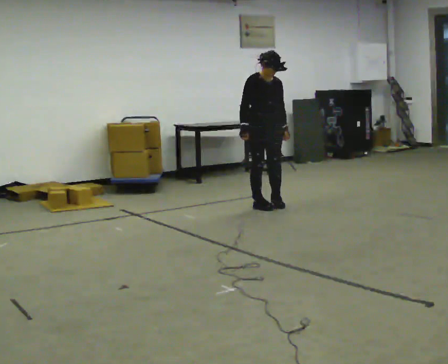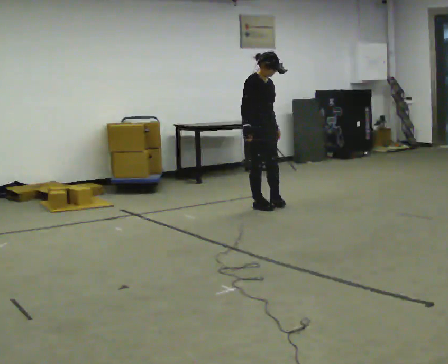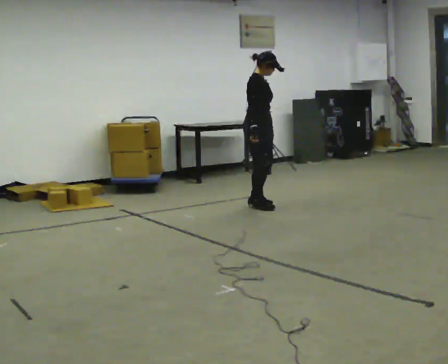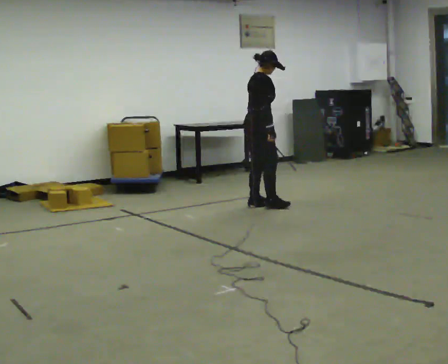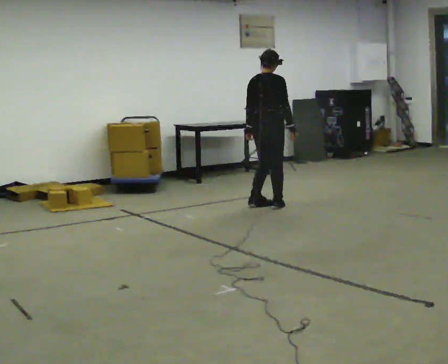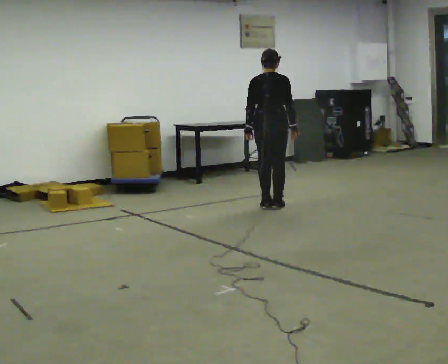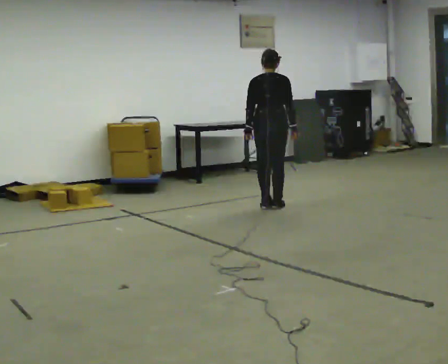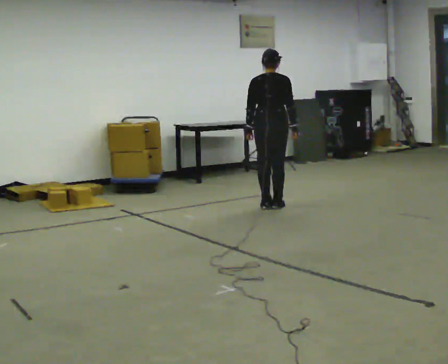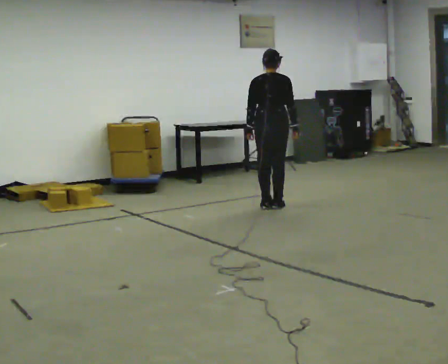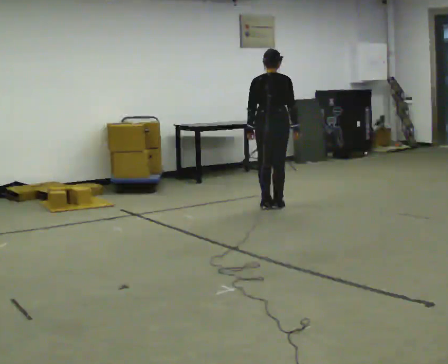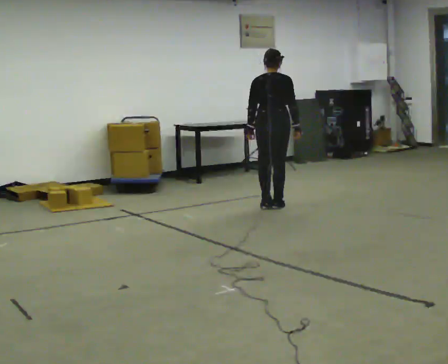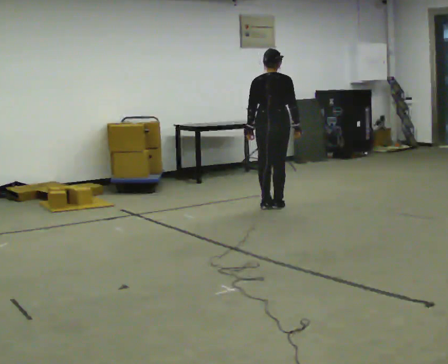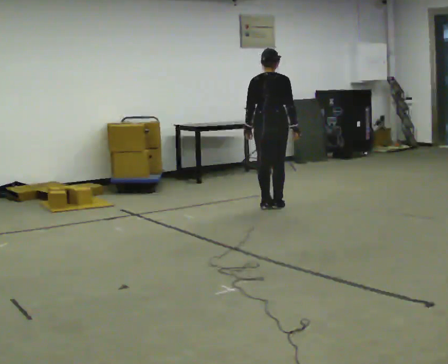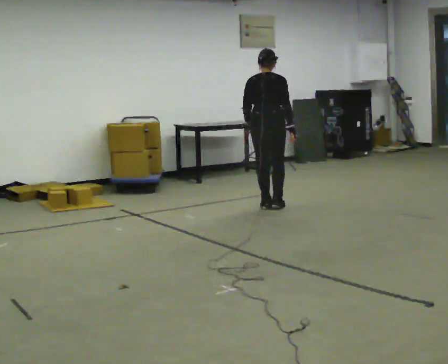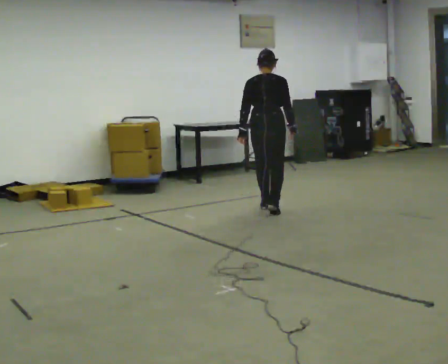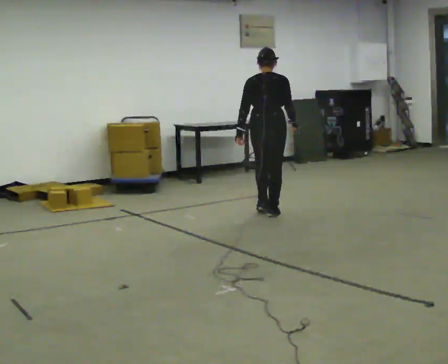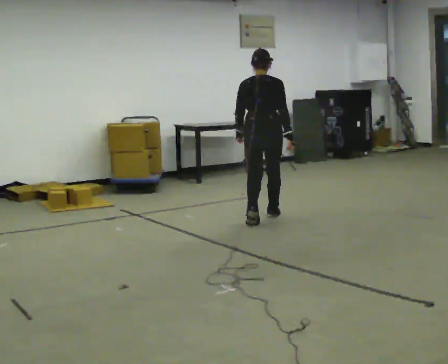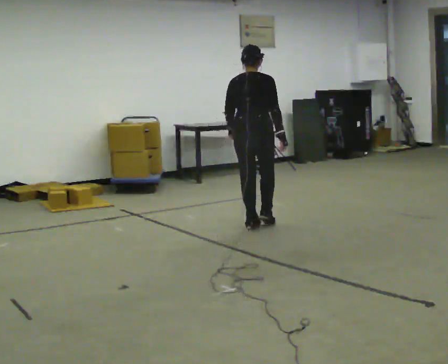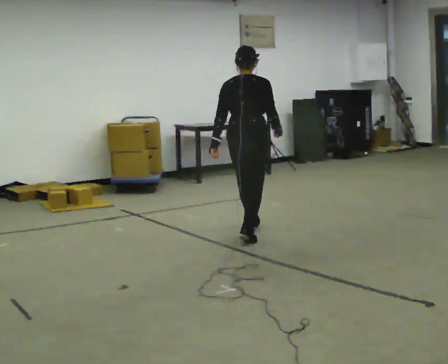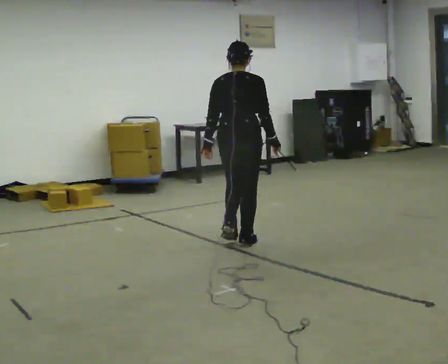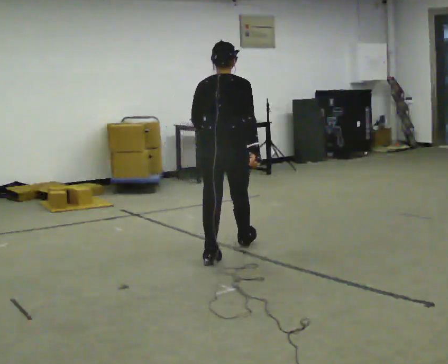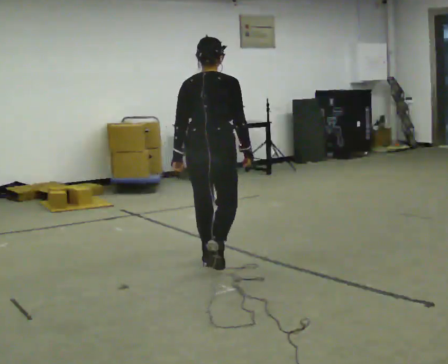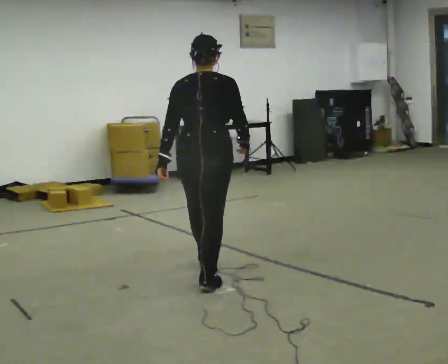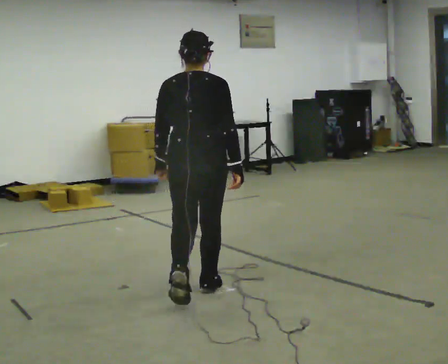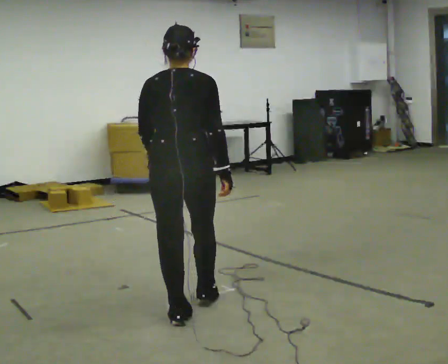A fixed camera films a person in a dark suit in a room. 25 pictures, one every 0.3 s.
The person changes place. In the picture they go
toward the camera.
0.0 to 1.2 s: The person turns about 120 degrees to their left, counterclockwise seen from above, so the part of the body nearest the lens slides to the right. In the picture their right hand goes to the right, the arm swinging counterclockwise.
1.2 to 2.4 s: Seen from above the body turns counterclockwise, about 30 degrees: to their left, with its near side sliding to the right.
2.4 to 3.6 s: The person moves a little, or ends about where they began.
3.6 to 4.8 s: In the picture they go toward the camera, about 0.5 m in 2 steps, which for them is backward.
4.8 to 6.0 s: In the picture they go toward the camera, about 1 m in 3 steps, which for them is backward.
6.0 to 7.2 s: In the picture they go toward the camera, about 1 m in 2 steps, which for them is backward.
The film runs backward here.
